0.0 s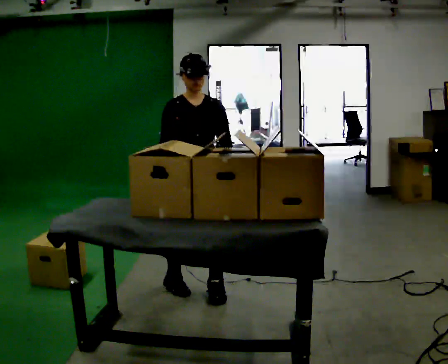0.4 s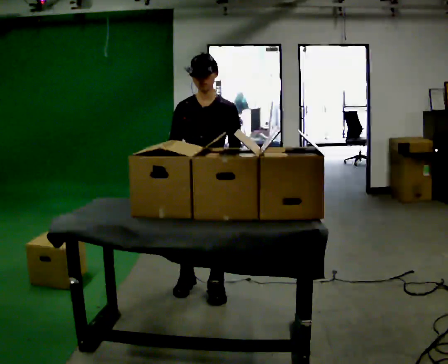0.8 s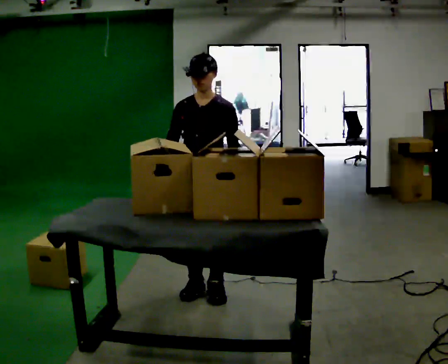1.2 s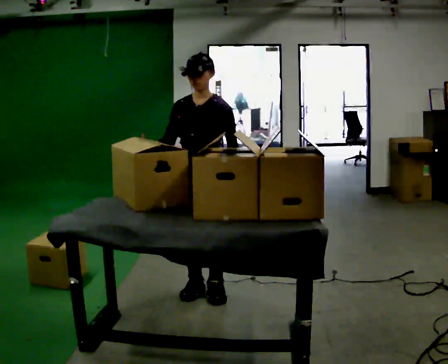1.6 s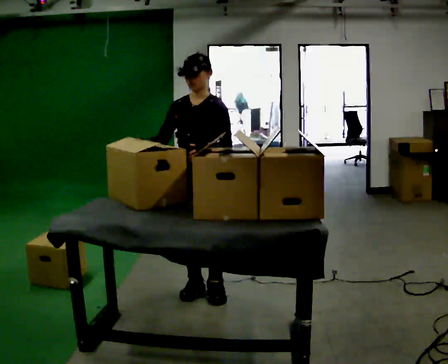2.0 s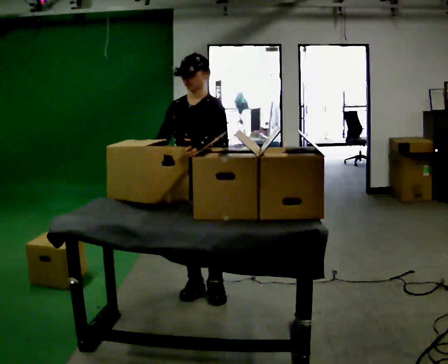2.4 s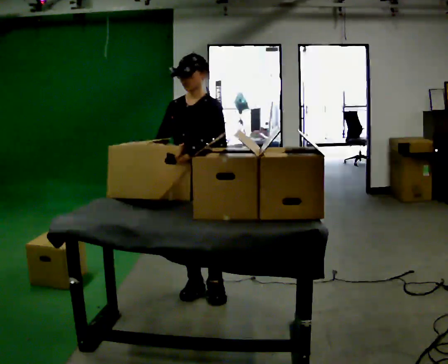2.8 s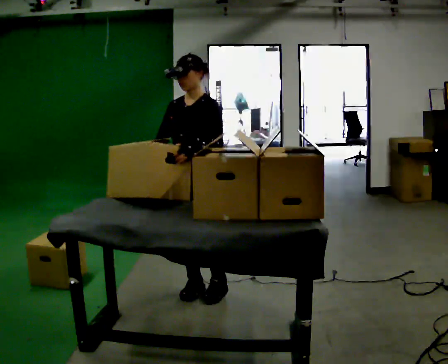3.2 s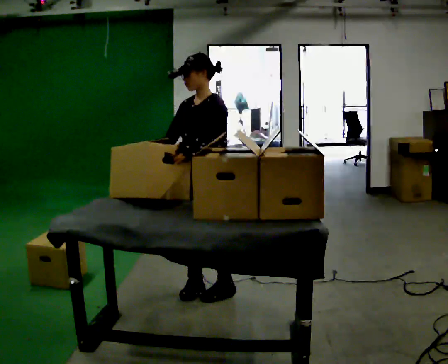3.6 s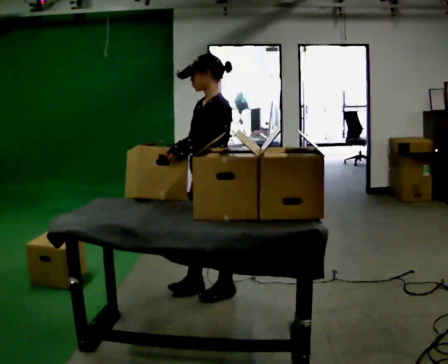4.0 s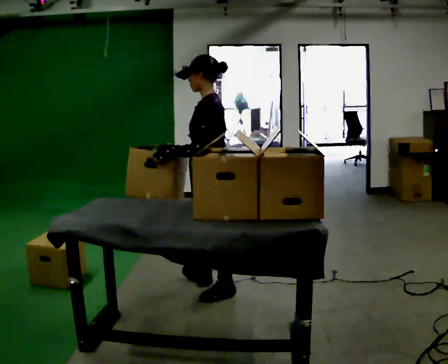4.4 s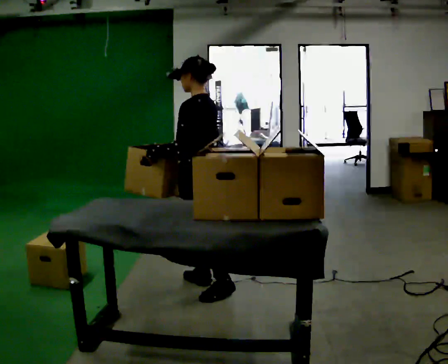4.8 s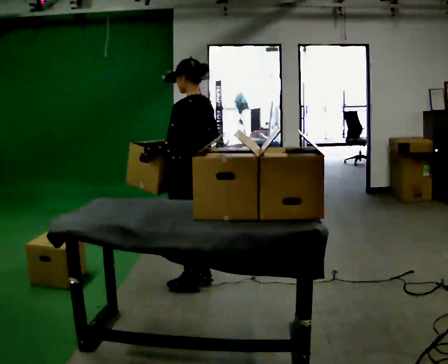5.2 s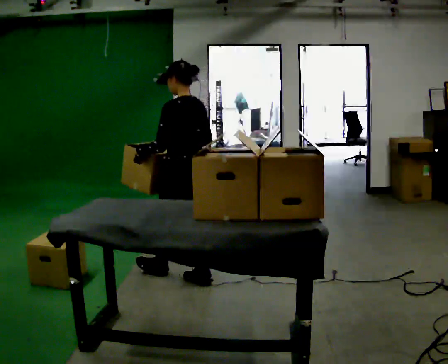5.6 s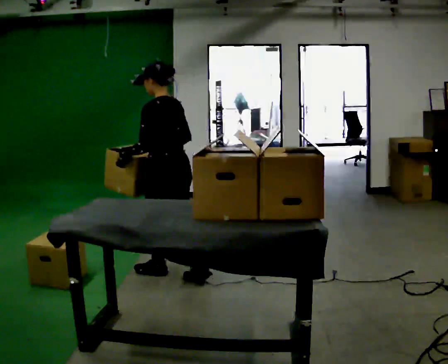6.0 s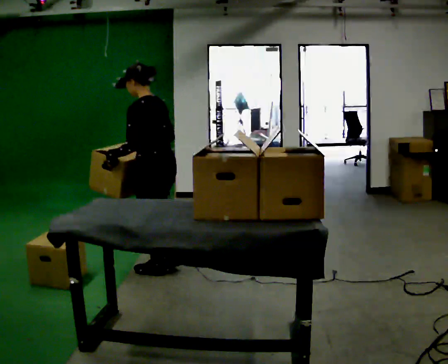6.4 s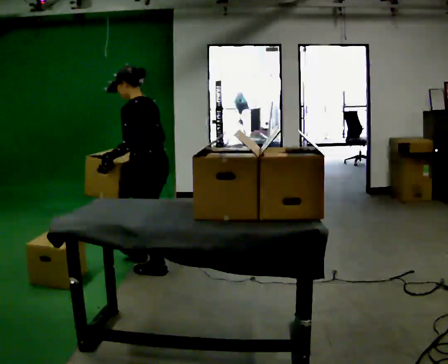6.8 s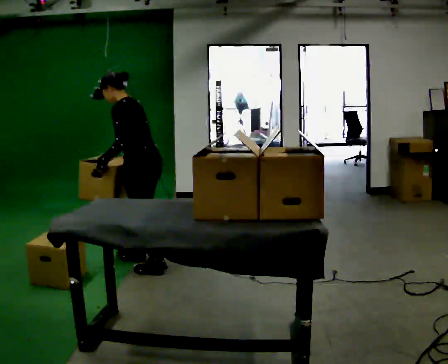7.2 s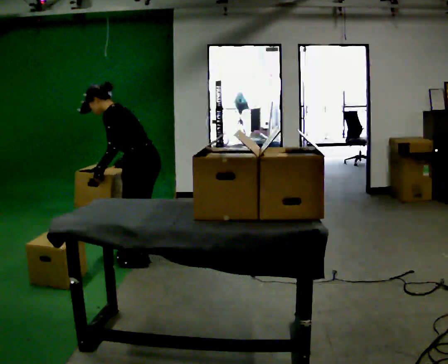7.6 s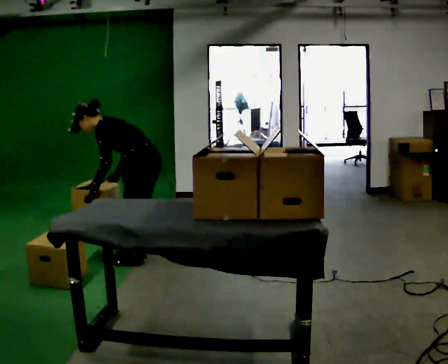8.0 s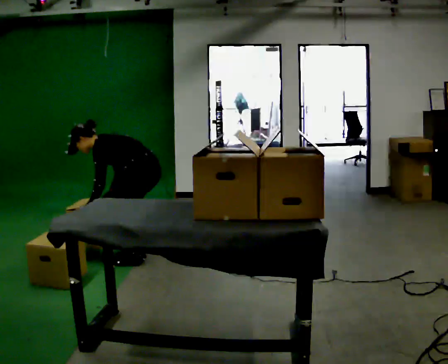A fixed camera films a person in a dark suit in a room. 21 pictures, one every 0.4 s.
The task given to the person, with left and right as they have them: Pick an object up off the floor at one end of the room, carry it across, and place it on the waist-height shelf at the other end. Keep going until the operator says stop; one object at a time, and do not rush between trips.
0.0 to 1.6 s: Seen from above the body turns clockwise, about 30 degrees: to their right, with its near side sliding to the left.
1.6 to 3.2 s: The part of the body nearest the lens slides to the left as the person turns to their right by about 30 degrees.
3.2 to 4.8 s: Seen from above the body turns clockwise, about 75 degrees: to their right, with its near side sliding to the left. In the picture they go away from the camera, about 0.25 m. In the picture their right hand goes to the right.
4.8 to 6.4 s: In the picture they go to the left and away from the camera, about 0.5 m in 2 steps, which for them is forward.
6.4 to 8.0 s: In the picture they go away from the camera, about 0.25 m in 1 step, which for them is to their right. The shoulders move downward. In the picture the upper body tilts counterclockwise, shoulders to the left, as they bend forward. In the picture their left hand goes downward.
The film runs forward here.
